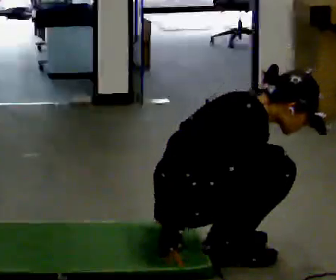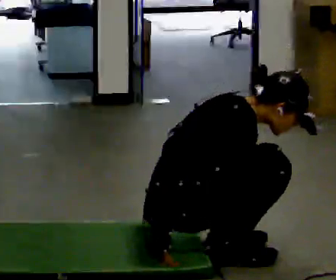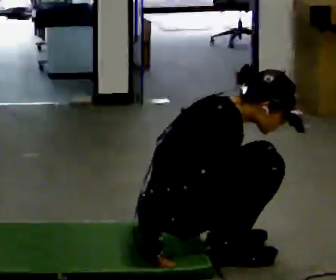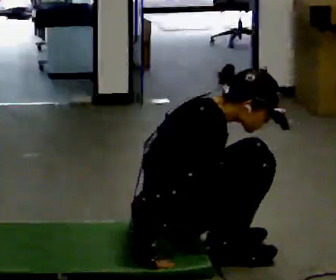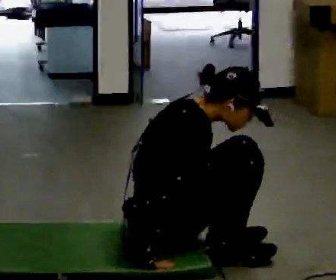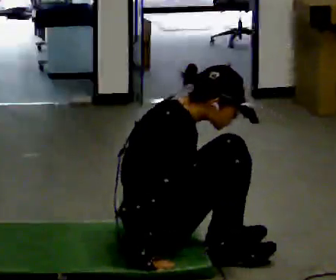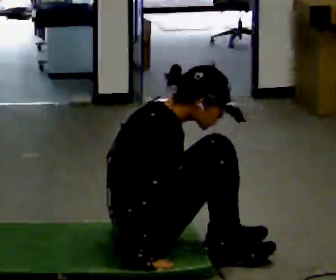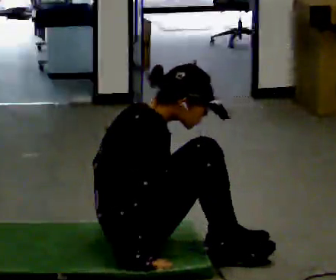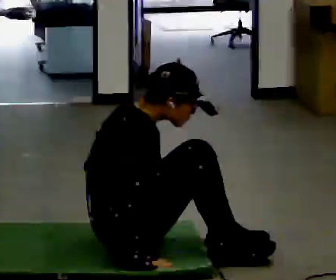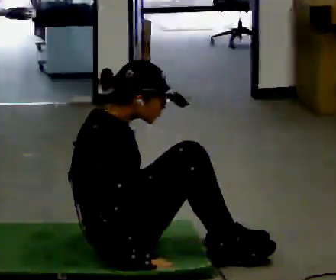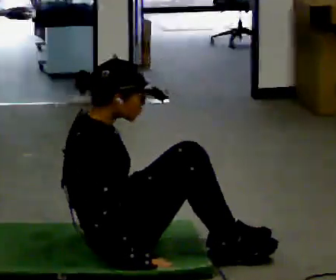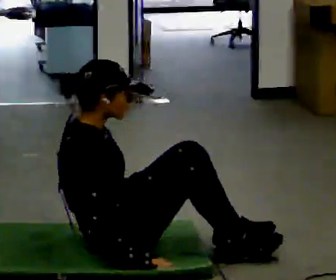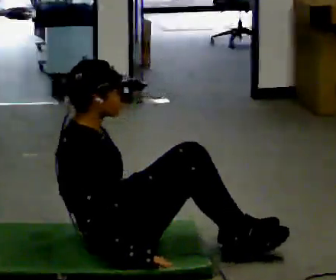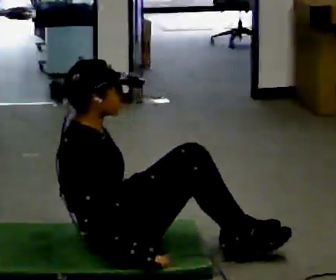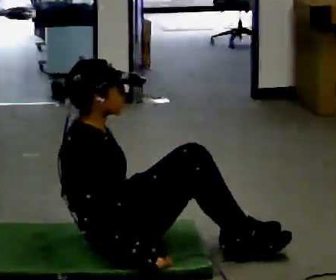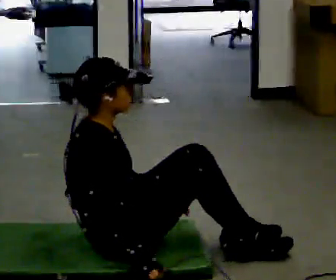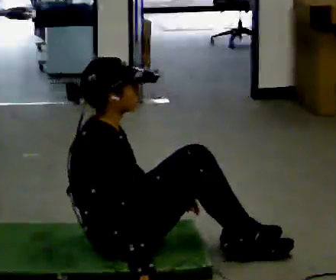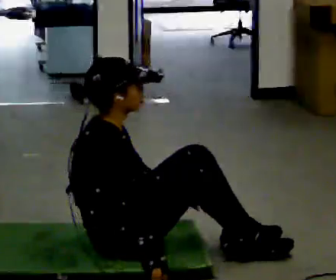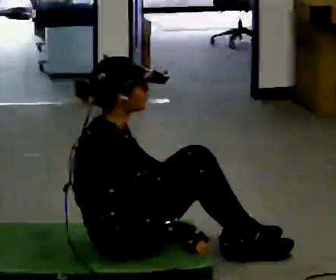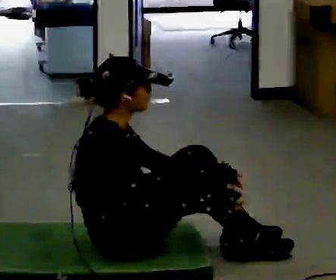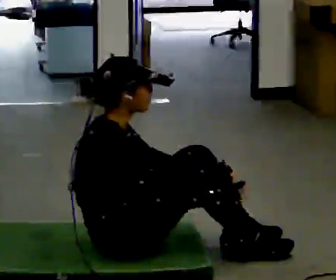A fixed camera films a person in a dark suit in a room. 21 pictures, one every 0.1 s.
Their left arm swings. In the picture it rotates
counterclockwise.
Their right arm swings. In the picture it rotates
counterclockwise.
0.0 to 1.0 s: In the picture they go to the left, about 0.25 m, which for them is backward. In the picture the upper body tilts counterclockwise, shoulders to the left, as they lean back or straighten.
1.0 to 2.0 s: In the picture their left hand goes to the right, the arm swinging counterclockwise.
The film runs forward here.
